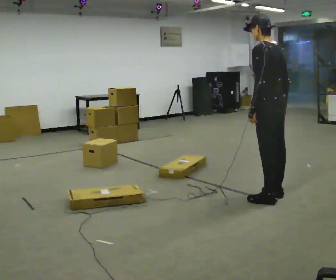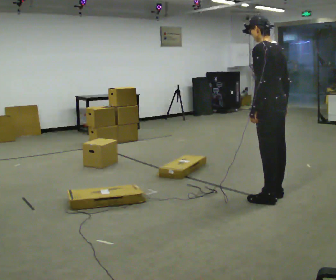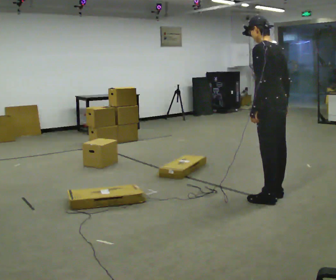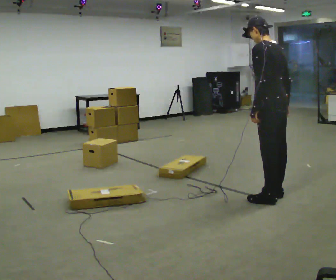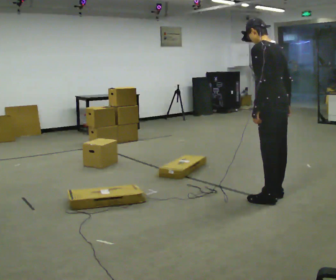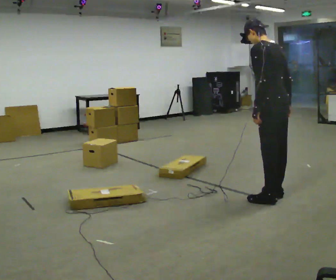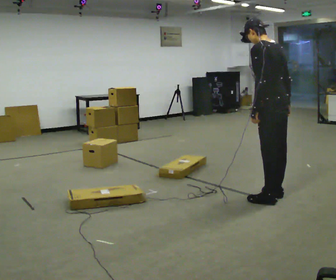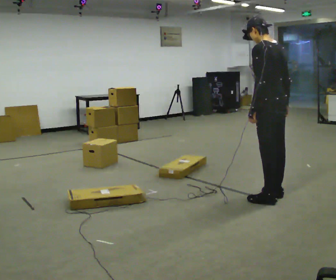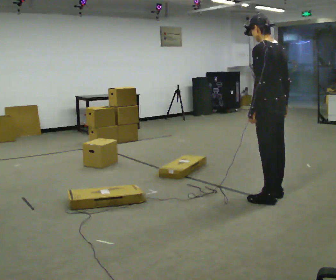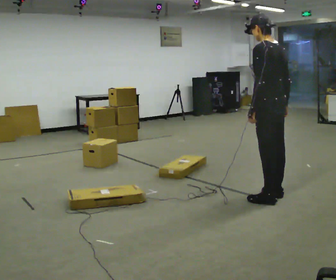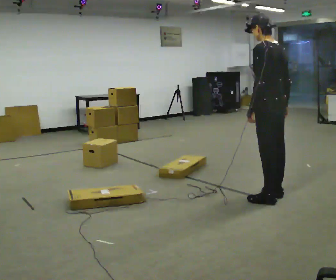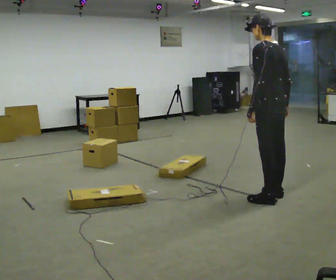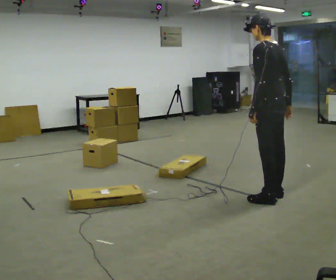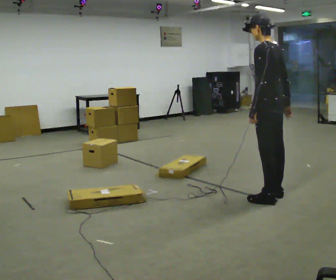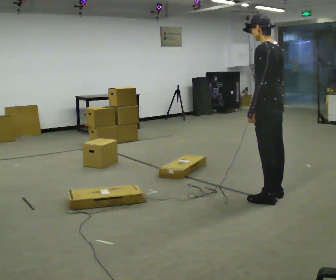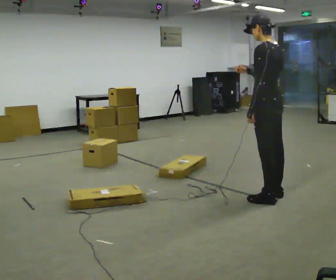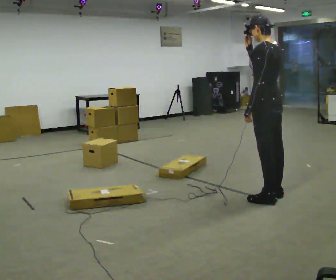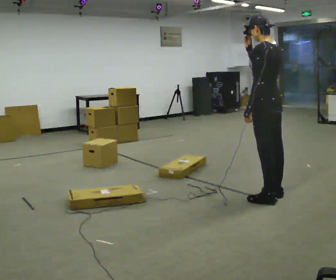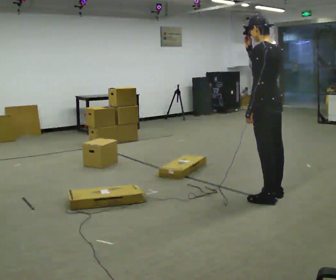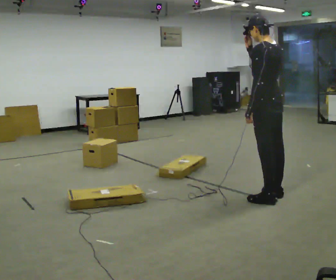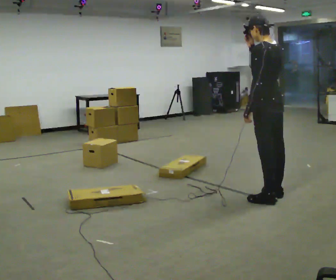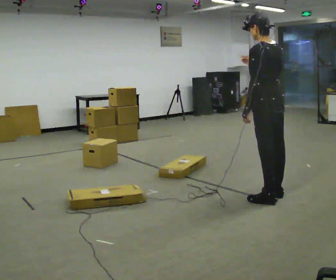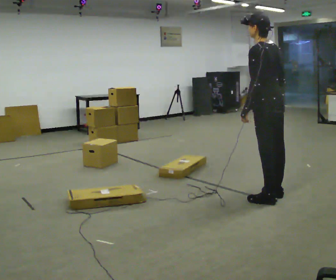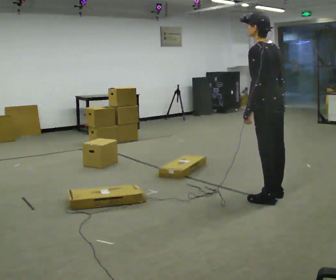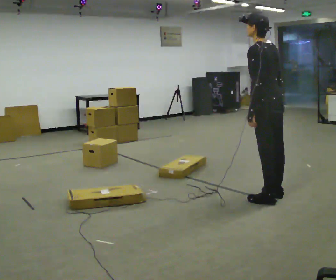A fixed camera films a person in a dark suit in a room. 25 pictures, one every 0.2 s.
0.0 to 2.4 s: The person moves a little, or ends about where they began.
2.4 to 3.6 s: In the picture their right hand goes upward and to the left.
3.6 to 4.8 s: In the picture their right hand goes downward.
The film runs backward here.
